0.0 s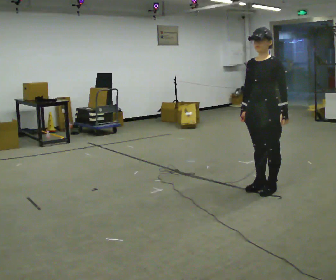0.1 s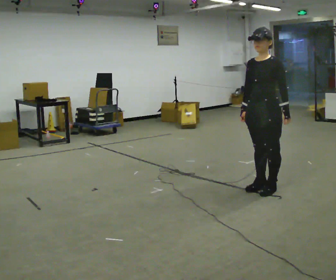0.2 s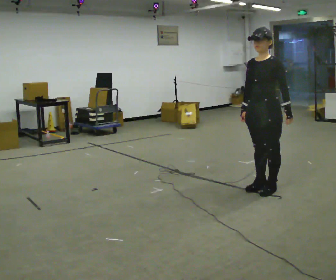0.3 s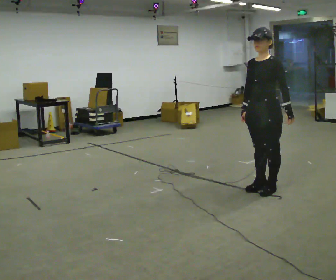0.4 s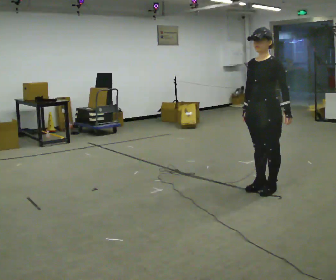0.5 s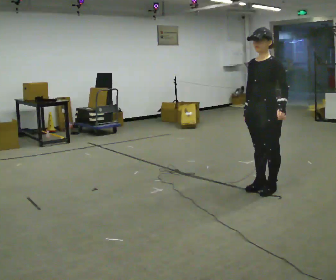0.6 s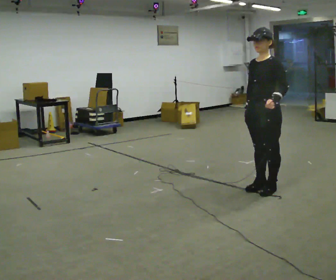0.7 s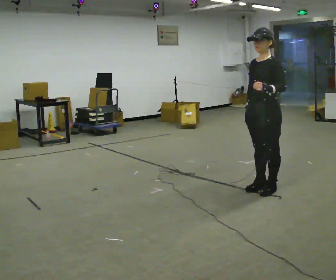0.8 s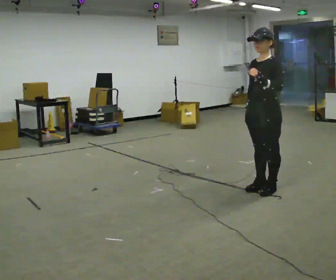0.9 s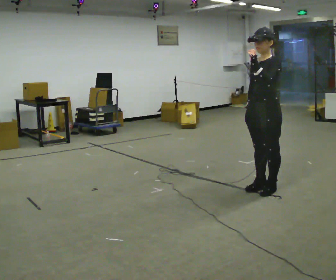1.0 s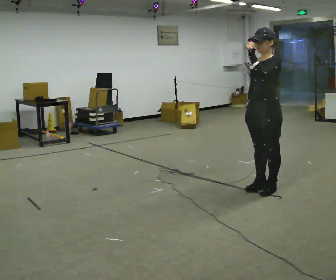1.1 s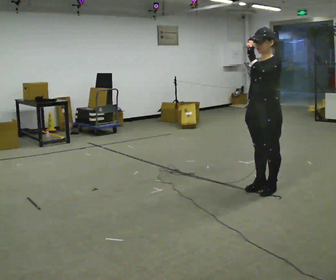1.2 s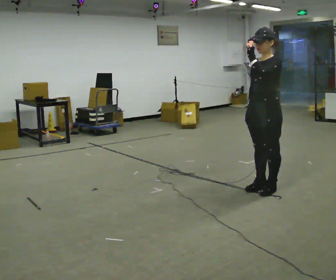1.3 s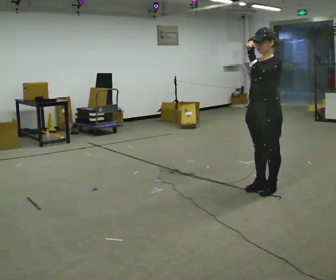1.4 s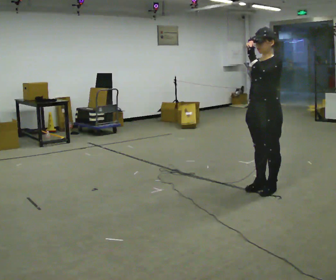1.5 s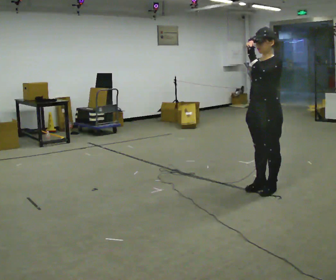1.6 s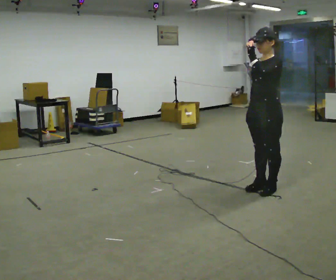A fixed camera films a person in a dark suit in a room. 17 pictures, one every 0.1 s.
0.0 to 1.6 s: In the picture their left hand goes upward and to the left.
The film runs backward here.
